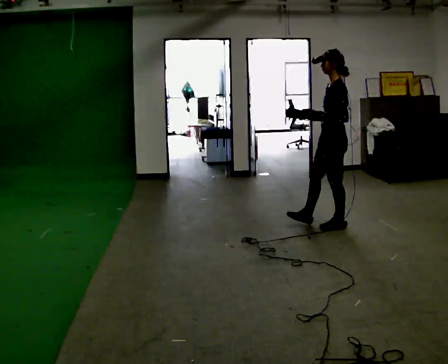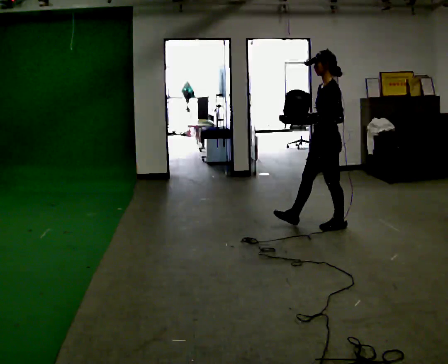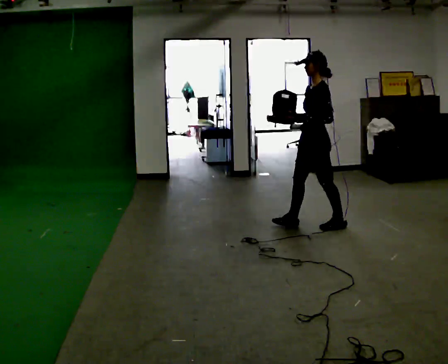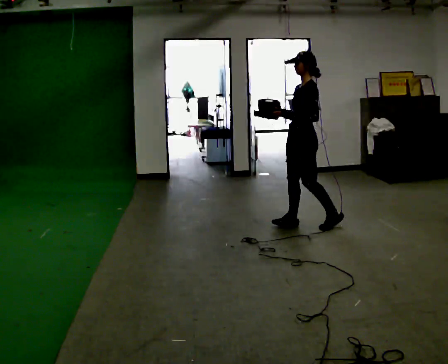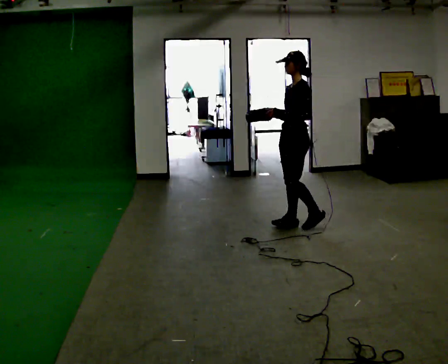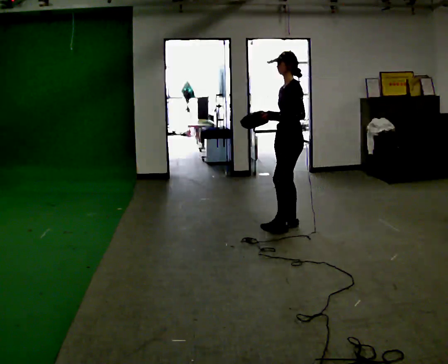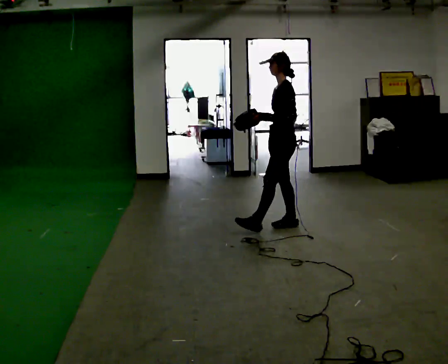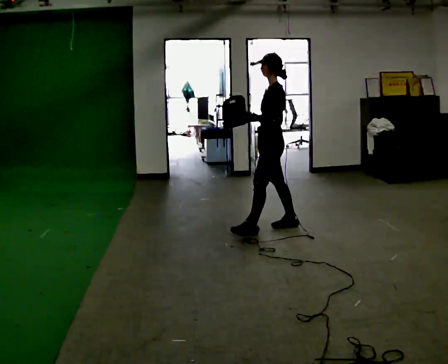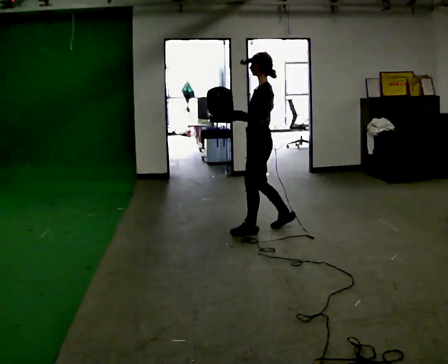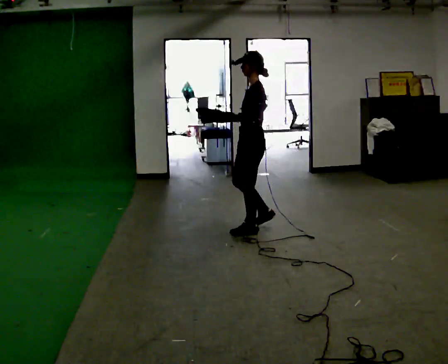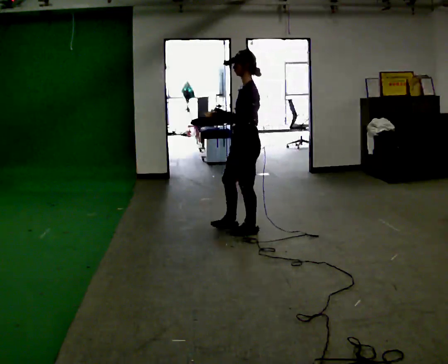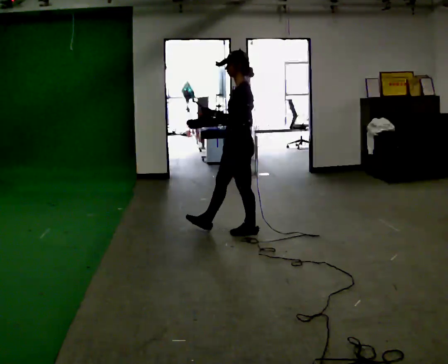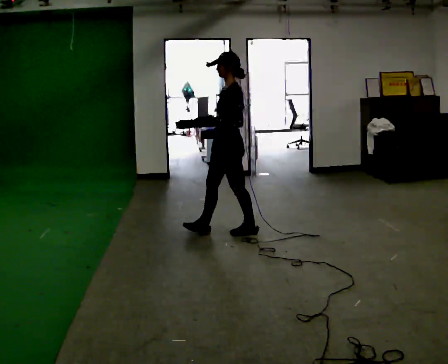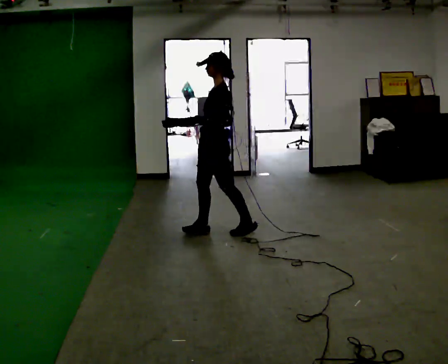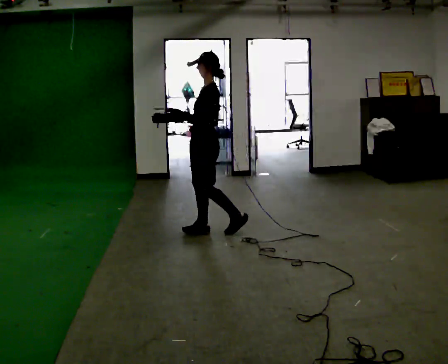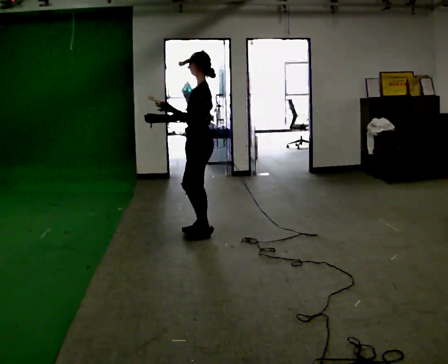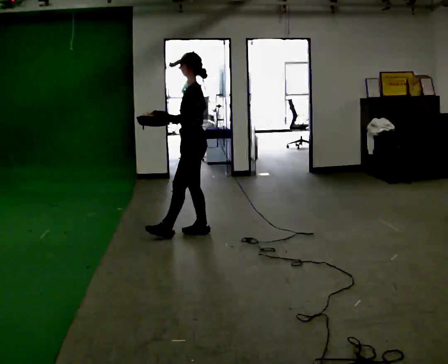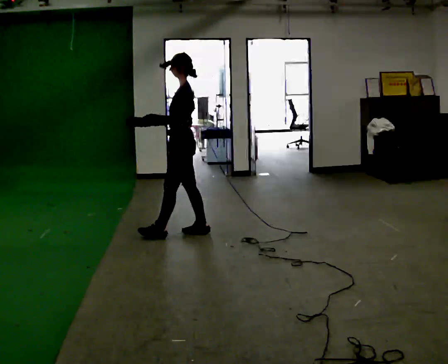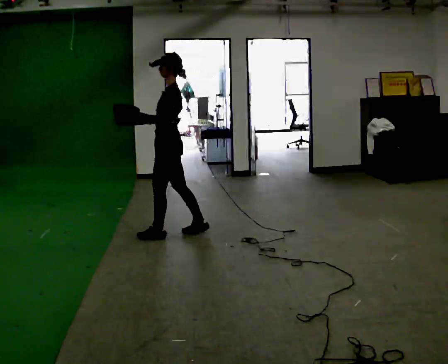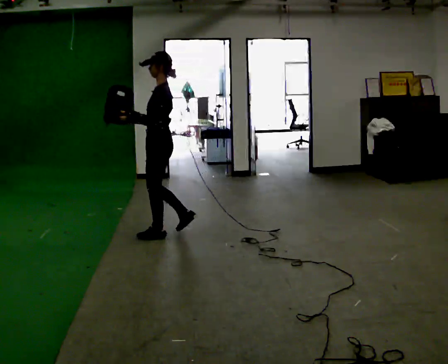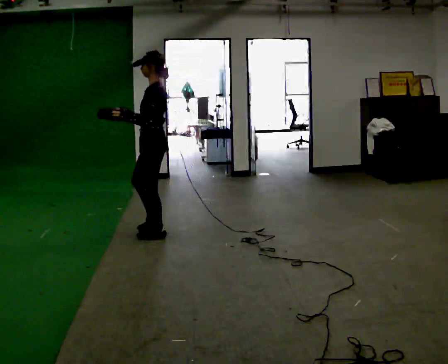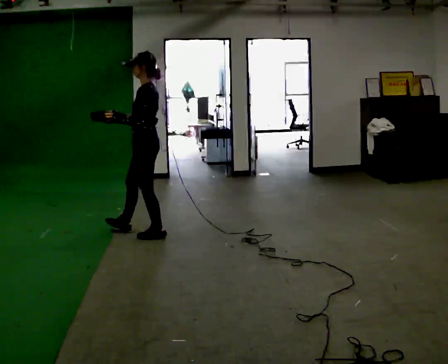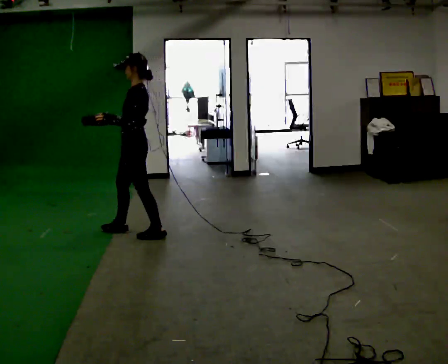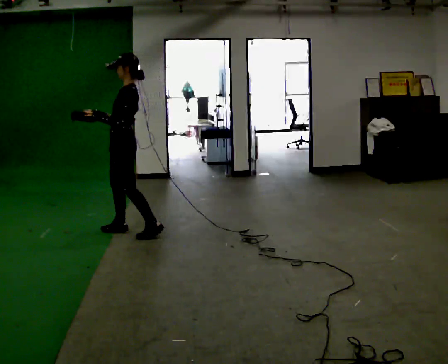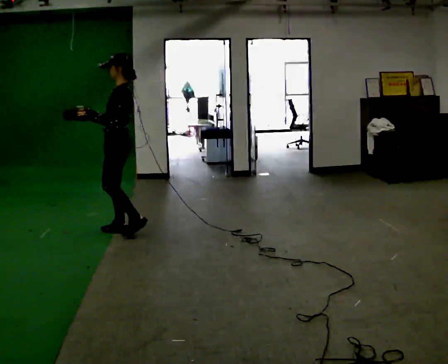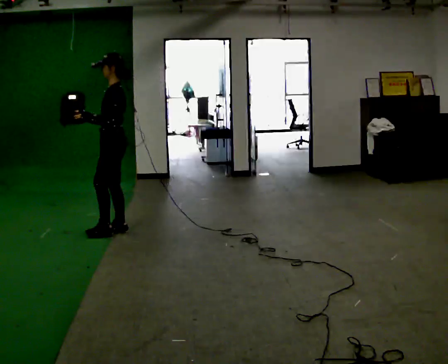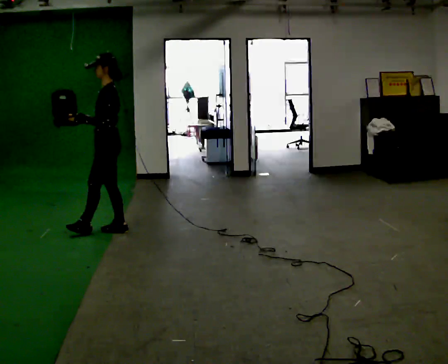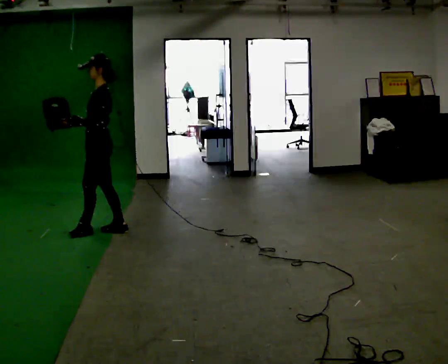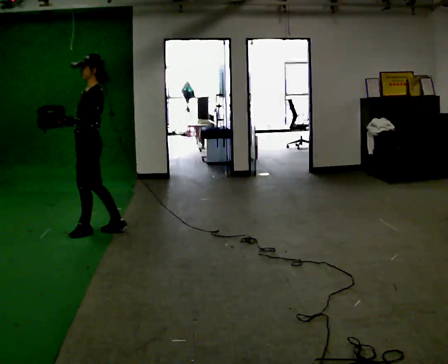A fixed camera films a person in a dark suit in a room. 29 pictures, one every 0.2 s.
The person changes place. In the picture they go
to the left.
0.0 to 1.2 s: In the picture they go to the left, about 0.5 m in 2 steps, which for them is to their right.
1.2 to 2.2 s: In the picture they go to the left, about 0.5 m in 1 step, which for them is forward and to their right.
2.2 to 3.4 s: In the picture they go to the left, about 0.5 m in 1 step, which for them is to their right and forward.
3.4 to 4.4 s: In the picture they go to the left, about 0.5 m in 1 step, which for them is to their right and forward.
4.4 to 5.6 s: In the picture they go to the left, about 0.5 m in 1 step, which for them is to their right and forward.
The film runs forward here.
